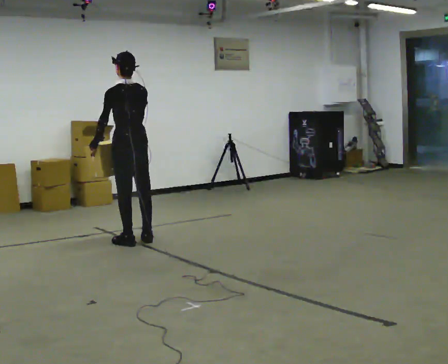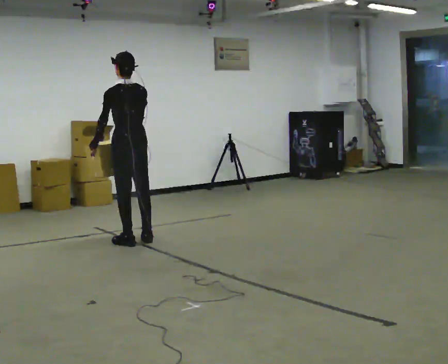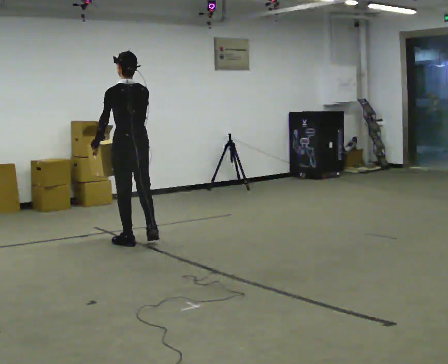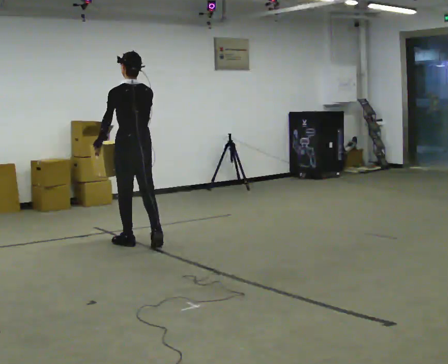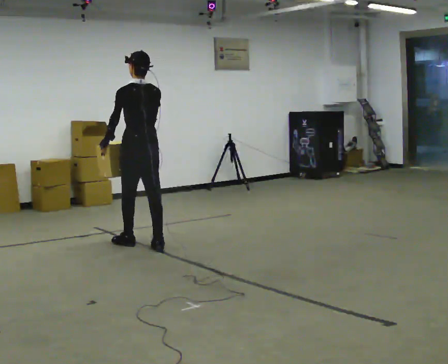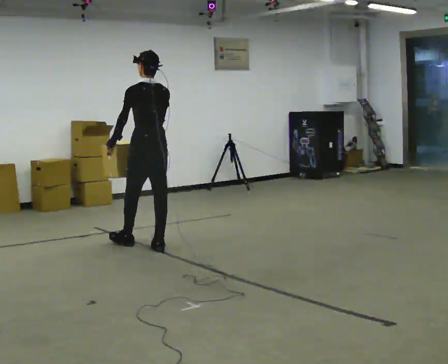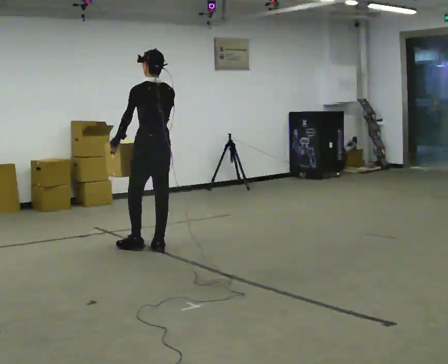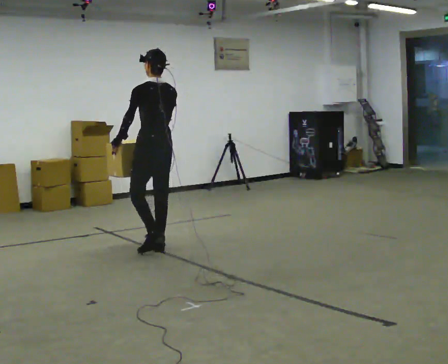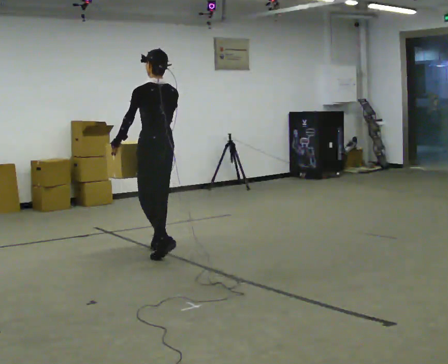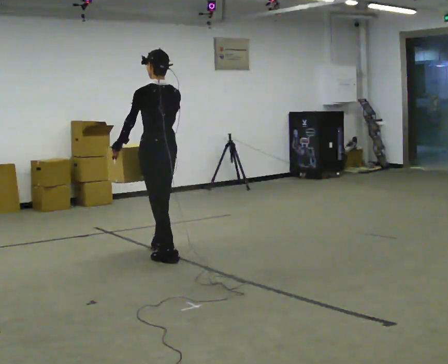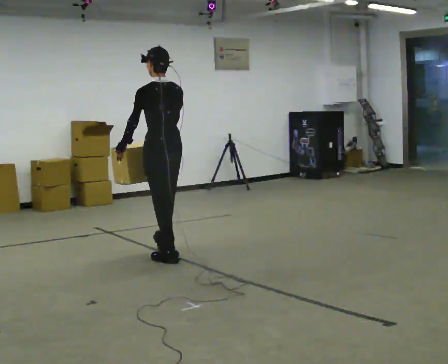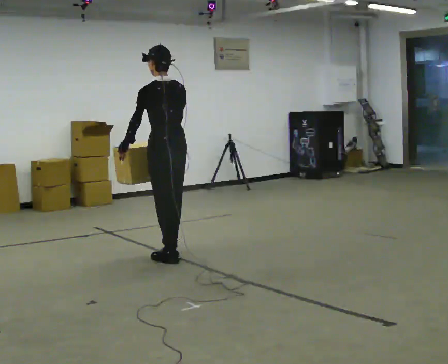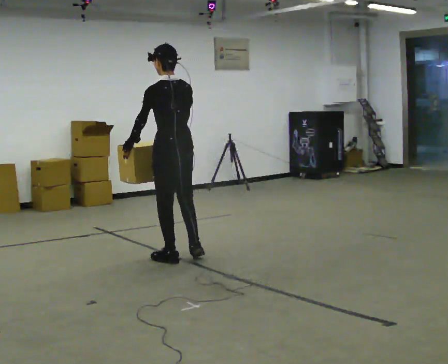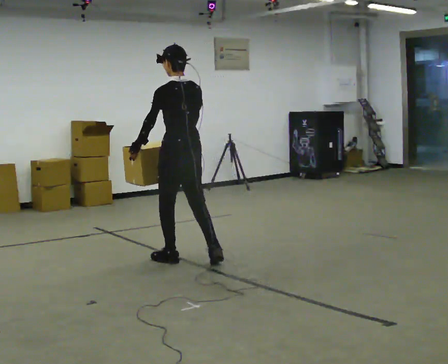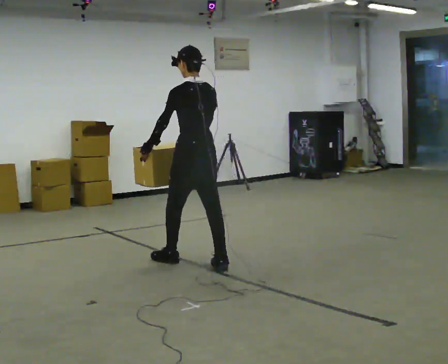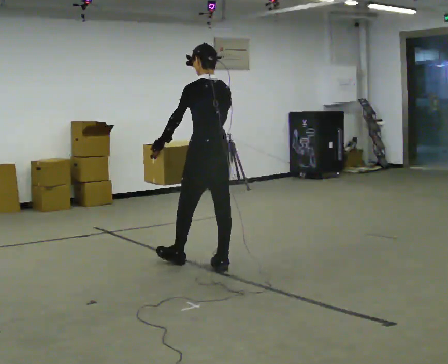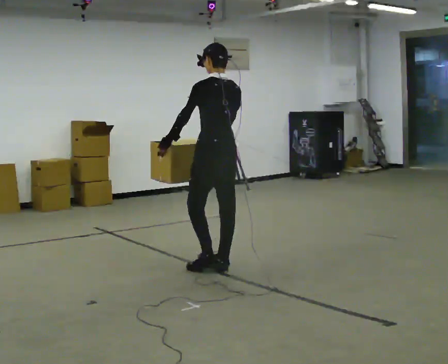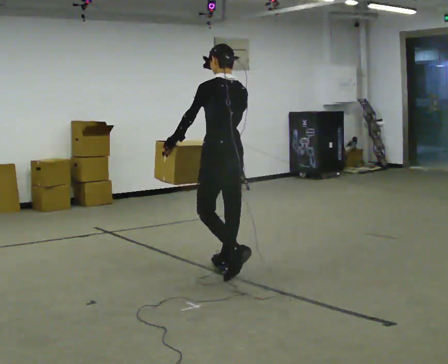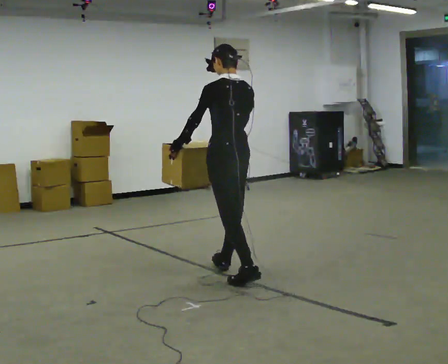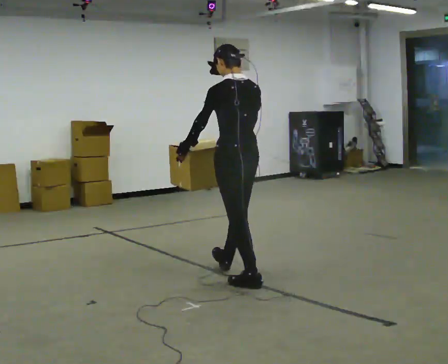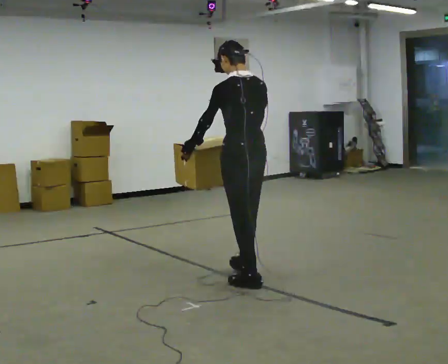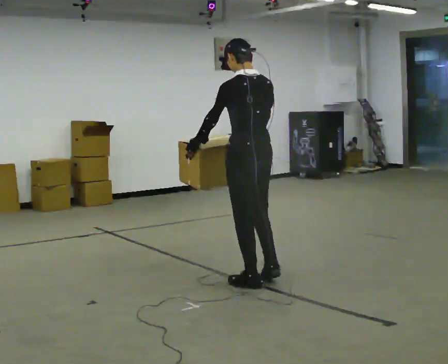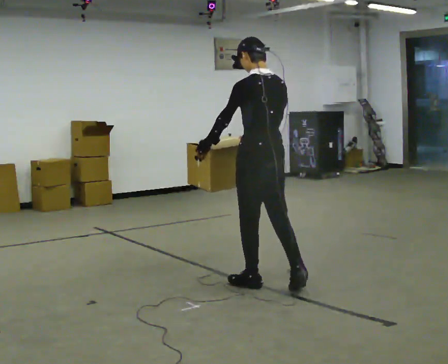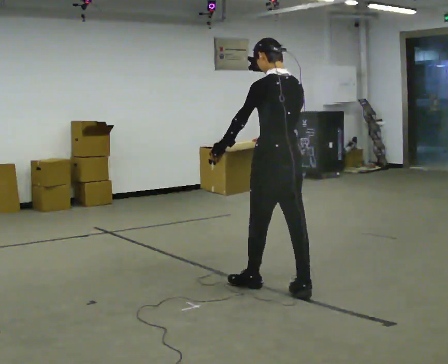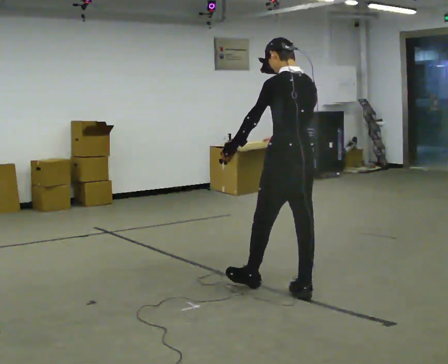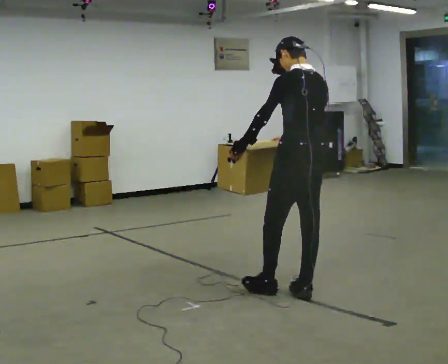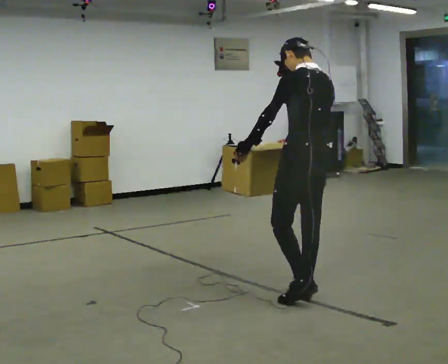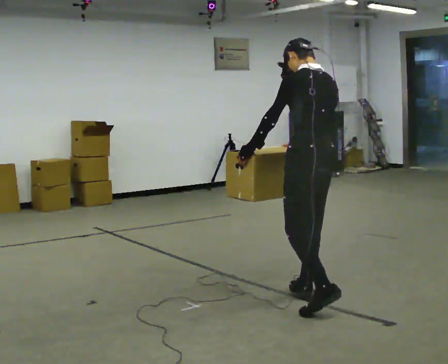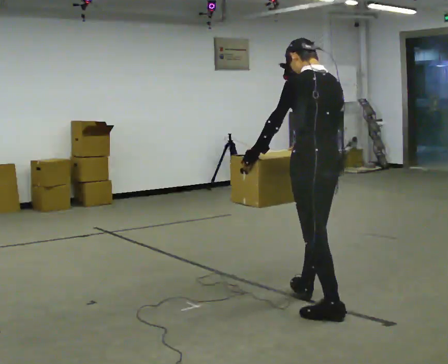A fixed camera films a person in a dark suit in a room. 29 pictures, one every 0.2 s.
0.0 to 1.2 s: In the picture they go to the right and toward the camera, about 0.25 m in 2 steps, which for them is backward.
1.2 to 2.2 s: In the picture they go toward the camera, about 0.5 m in 1 step, which for them is backward.
2.2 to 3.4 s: In the picture they go to the right and toward the camera, about 0.5 m in 1 step, which for them is backward.
3.4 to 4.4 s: In the picture they go toward the camera and to the right, about 0.5 m in 1 step, which for them is backward.
4.4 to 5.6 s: In the picture they go toward the camera and to the right, about 0.5 m in 1 step, which for them is backward.
The film runs backward here.
